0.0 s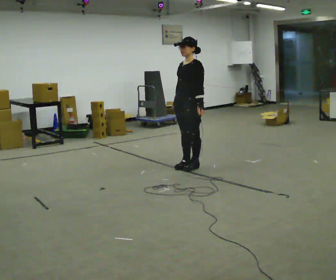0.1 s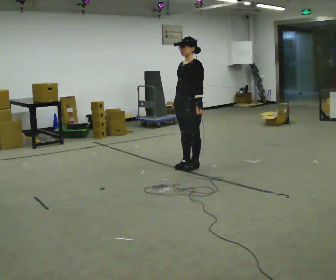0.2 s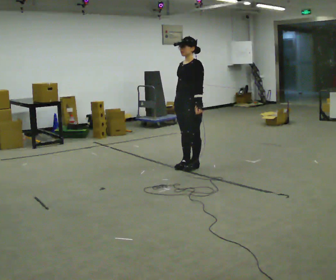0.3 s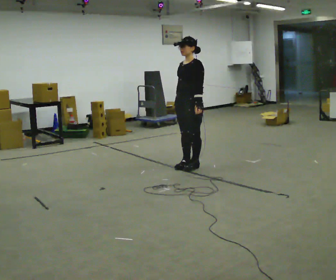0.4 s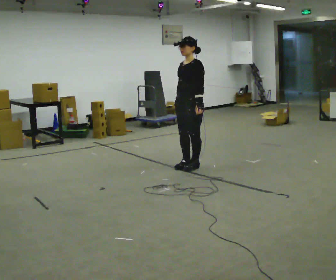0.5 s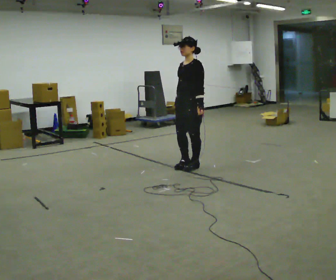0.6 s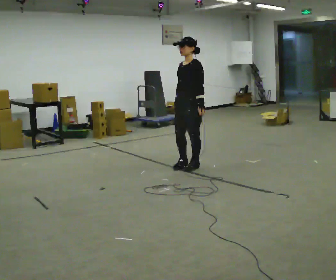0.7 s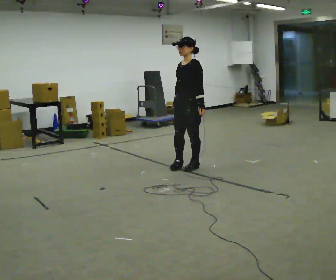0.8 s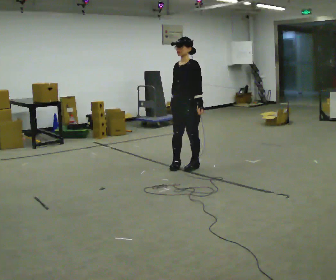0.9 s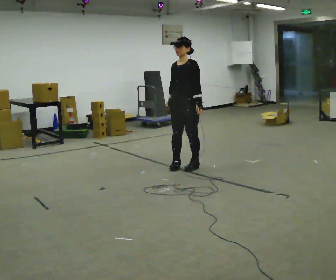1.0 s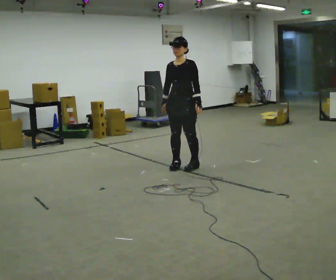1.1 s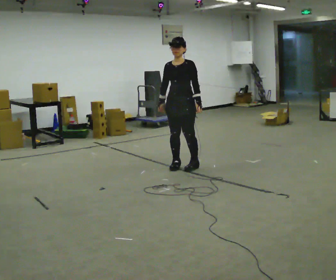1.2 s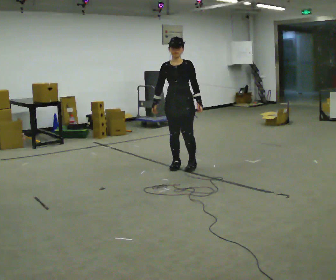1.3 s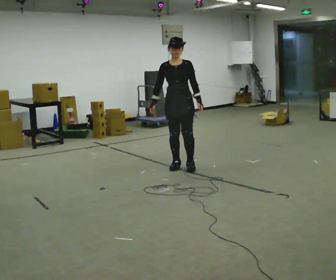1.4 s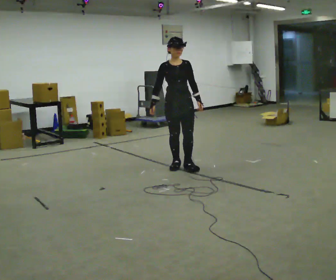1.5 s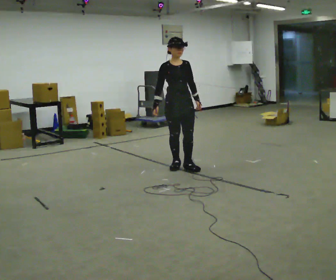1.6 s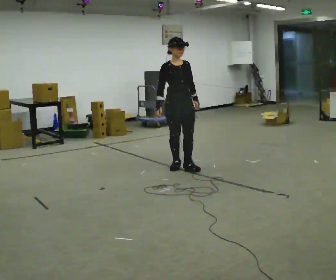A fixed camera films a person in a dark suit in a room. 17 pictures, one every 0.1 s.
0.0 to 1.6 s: The person turns about 75 degrees to their left, counterclockwise seen from above, so the part of the body nearest the lens slides to the right. In the picture they go to the left, about 0.25 m.
The film runs forward here.
